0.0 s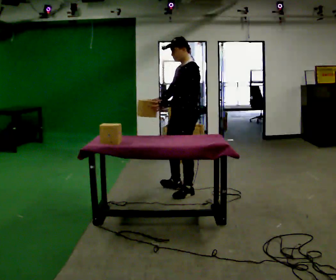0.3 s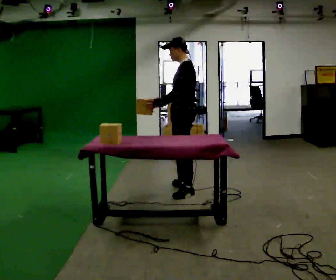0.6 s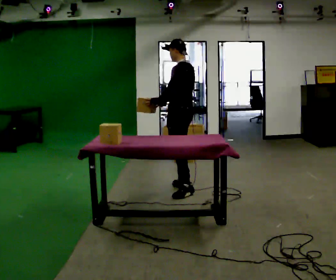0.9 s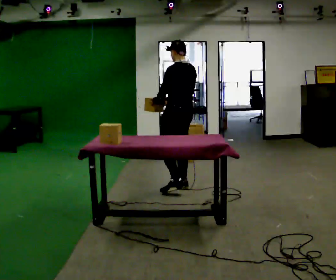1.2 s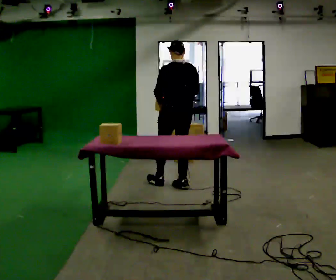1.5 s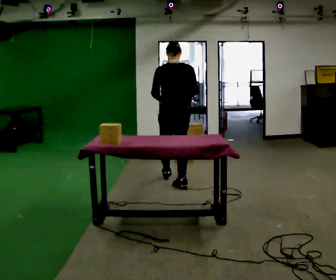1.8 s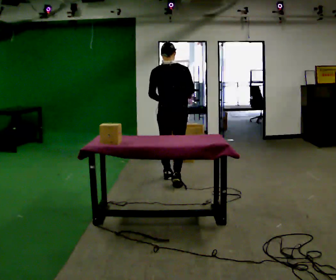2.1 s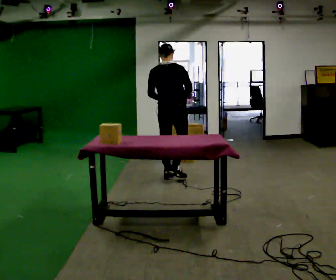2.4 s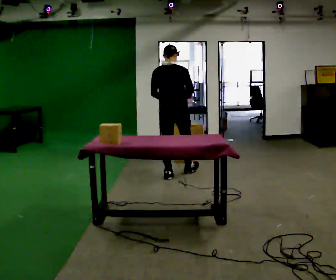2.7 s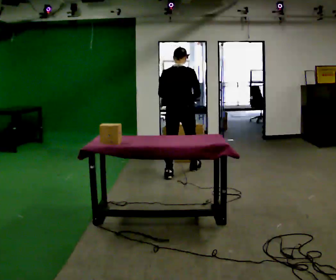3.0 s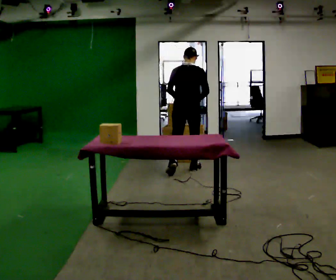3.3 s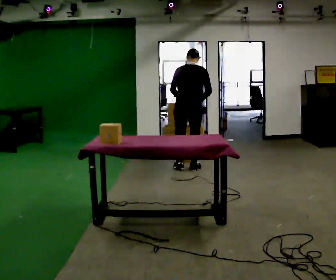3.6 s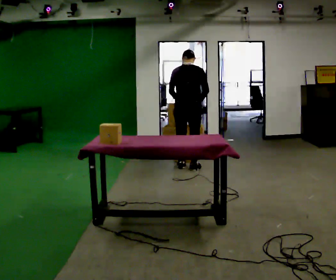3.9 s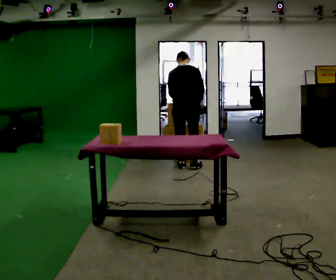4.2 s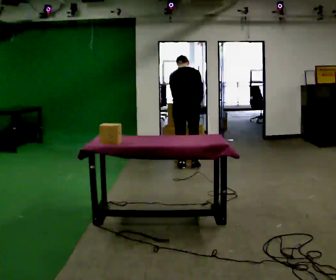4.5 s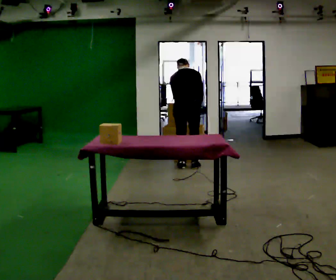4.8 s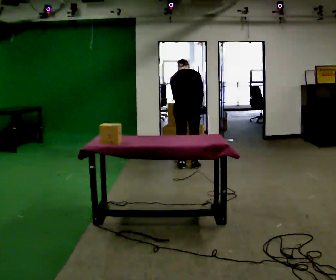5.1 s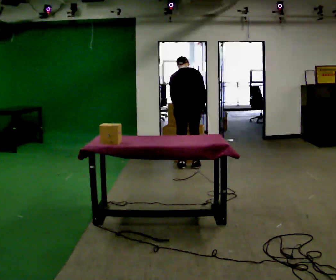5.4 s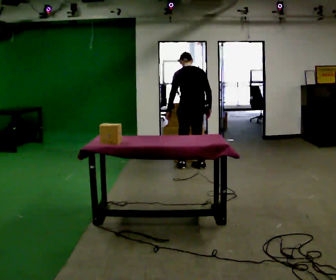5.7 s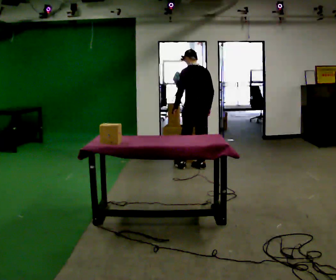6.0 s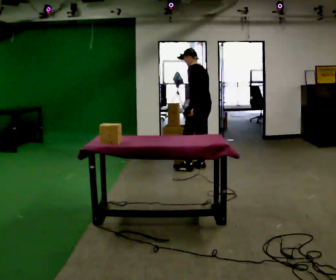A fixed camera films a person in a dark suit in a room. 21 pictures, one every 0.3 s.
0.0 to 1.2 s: The part of the body nearest the lens slides to the left as the person turns to their right by about 75 degrees. In the picture they go away from the camera, about 0.25 m in 1 step.
1.2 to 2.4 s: Seen from above the body turns clockwise, about 45 degrees: to their right, with its near side sliding to the left. In the picture they go away from the camera, about 0.5 m in 1 step, which for them is forward.
2.4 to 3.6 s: In the picture they go away from the camera and to the right, about 0.5 m in 2 steps, which for them is forward.
3.6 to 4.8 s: The upper body tips away from the camera, its near side rolling upward, as they bend forward.
4.8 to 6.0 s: Seen from above the body turns counterclockwise, about 60 degrees: to their left, with its near side sliding to the right. In the picture they go to the right, about 0.25 m. The upper body tips toward the camera, its near side rolling downward, as they lean back or straighten.
The film runs forward here.
